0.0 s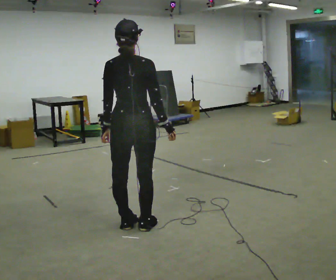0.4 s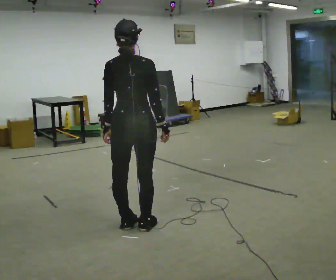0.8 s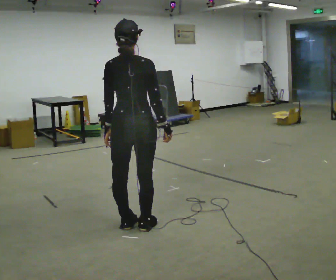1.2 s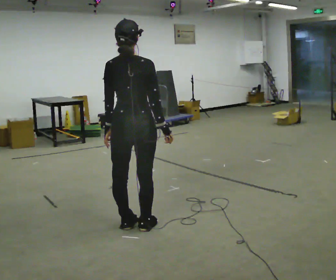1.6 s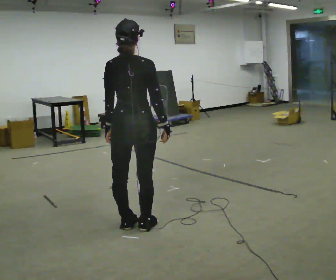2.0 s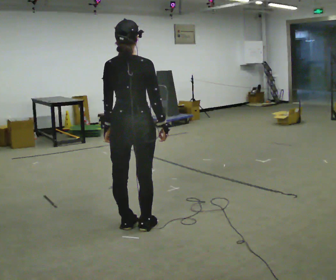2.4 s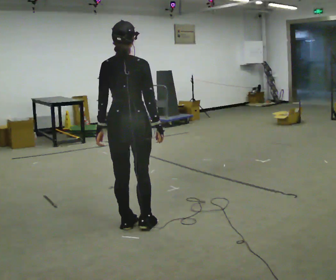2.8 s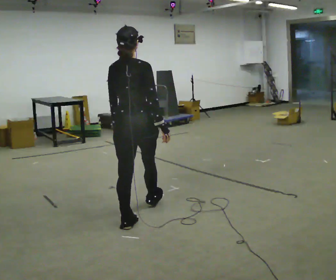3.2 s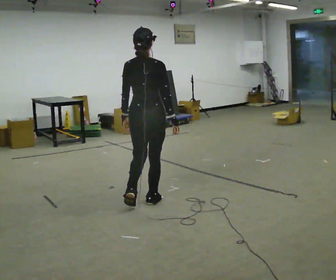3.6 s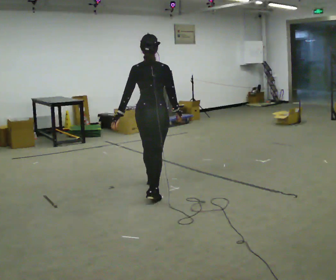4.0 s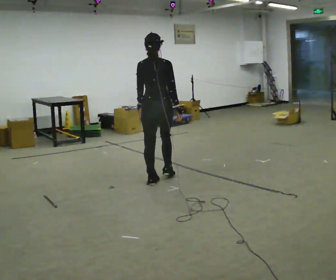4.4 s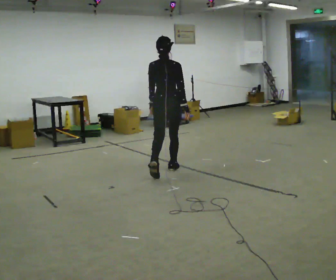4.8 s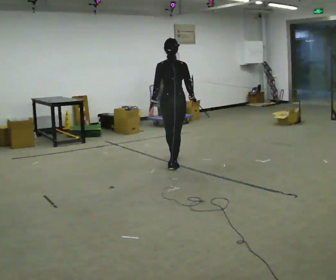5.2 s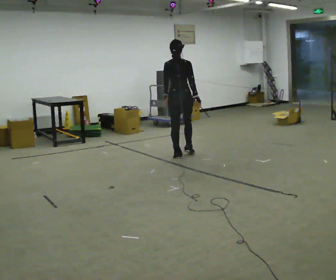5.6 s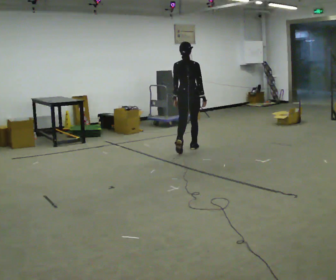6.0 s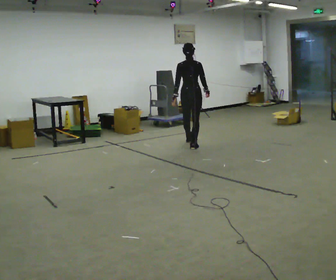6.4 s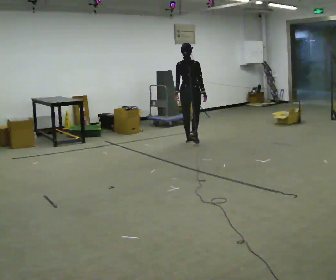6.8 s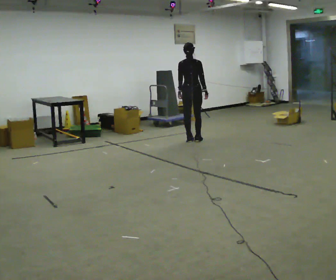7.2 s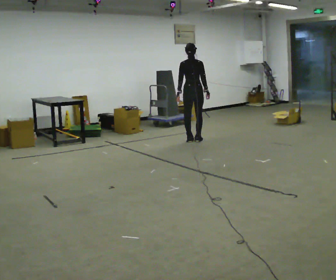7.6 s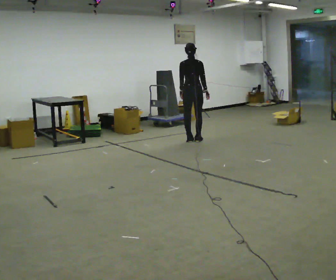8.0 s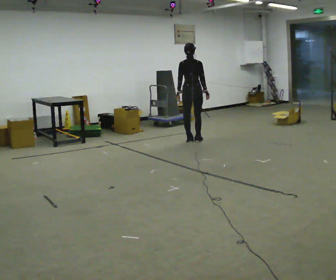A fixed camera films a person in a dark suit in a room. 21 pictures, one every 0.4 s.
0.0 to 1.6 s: The person moves a little, or ends about where they began.
1.6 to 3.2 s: In the picture they go away from the camera, about 0.5 m in 1 step, which for them is forward.
3.2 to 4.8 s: In the picture they go away from the camera, about 1.5 m in 2 steps, which for them is forward.
4.8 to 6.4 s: In the picture they go away from the camera, about 1.5 m in 3 steps, which for them is forward.
6.4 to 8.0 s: The person moves a little, or ends about where they began.
The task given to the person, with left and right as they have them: Start still; accelerate to fast walking; hold the fast speed for several steps; decelerate and stop. Do not run.
The film runs forward here.
